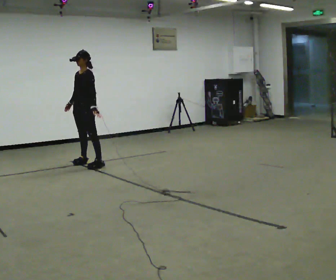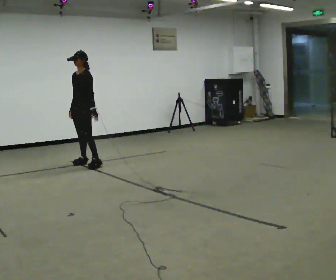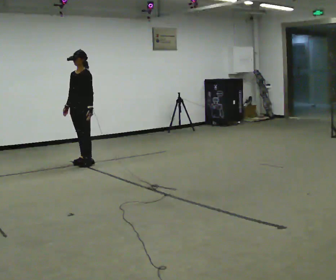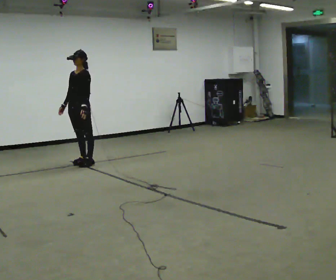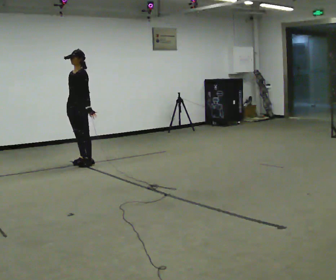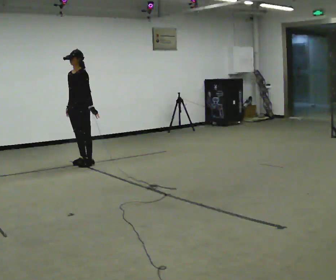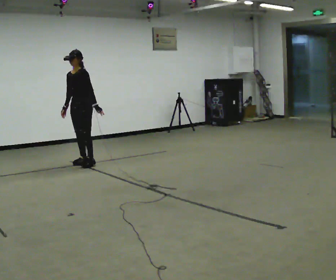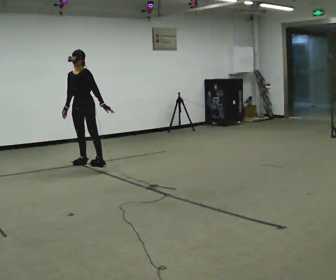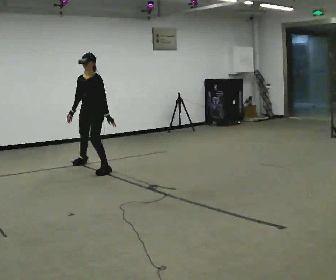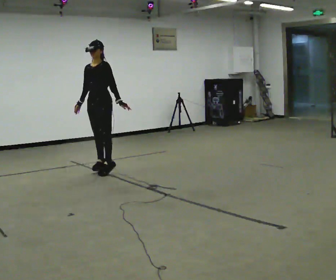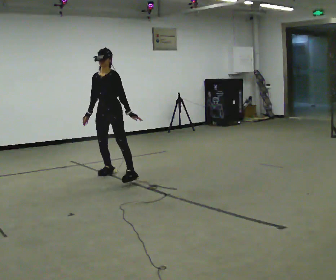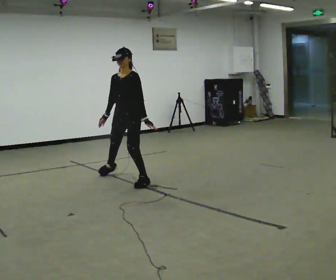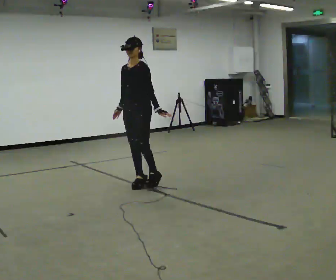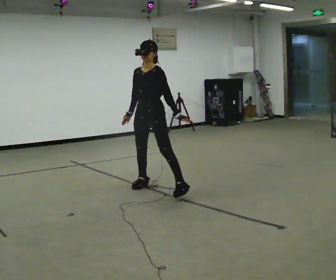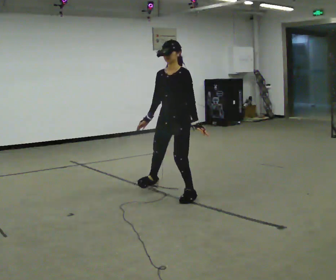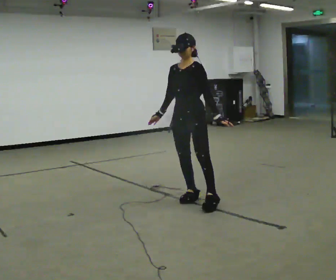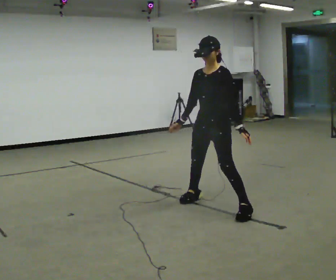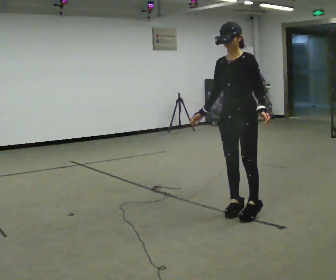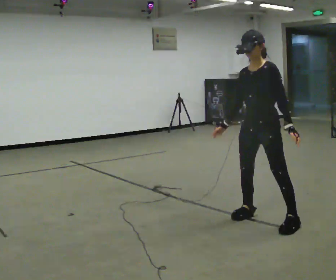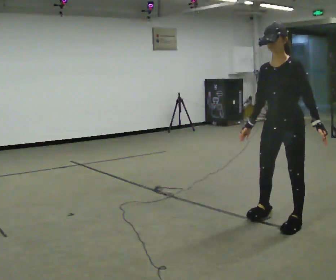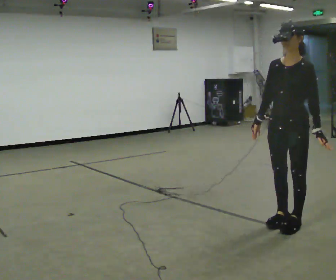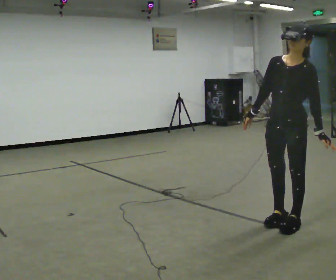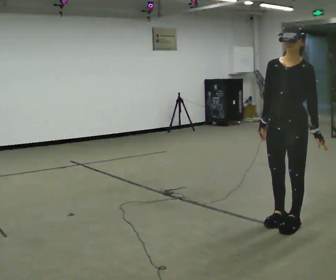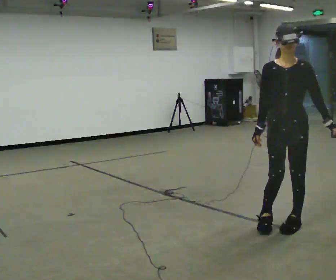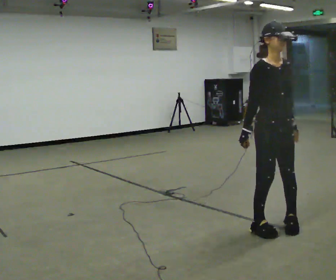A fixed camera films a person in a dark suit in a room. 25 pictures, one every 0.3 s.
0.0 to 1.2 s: The person moves a little, or ends about where they began.
1.2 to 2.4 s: In the picture they go toward the camera and to the right, about 0.5 m in 1 step, which for them is to their left.
2.4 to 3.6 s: In the picture they go toward the camera and to the right, about 1 m in 2 steps, which for them is to their left.
3.6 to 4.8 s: In the picture they go toward the camera and to the right, about 1 m in 4 steps, which for them is to their left.
4.8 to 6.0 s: In the picture they go toward the camera and to the right, about 1 m in 3 steps, which for them is to their left.
6.0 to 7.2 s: The part of the body nearest the lens slides to the right as the person turns to their left by about 60 degrees.
The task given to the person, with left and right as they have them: Shuffle sideways quickly in the direction the operator calls, without crossing your feet.
The film runs forward here.
